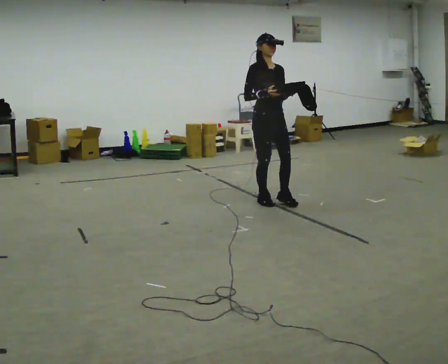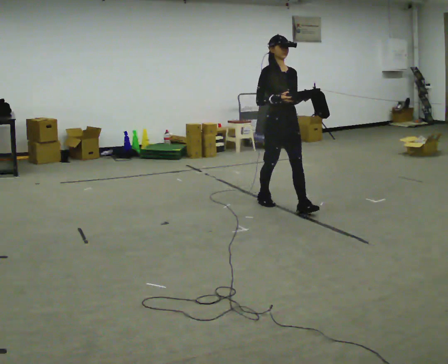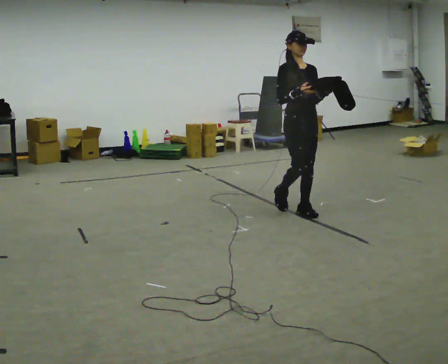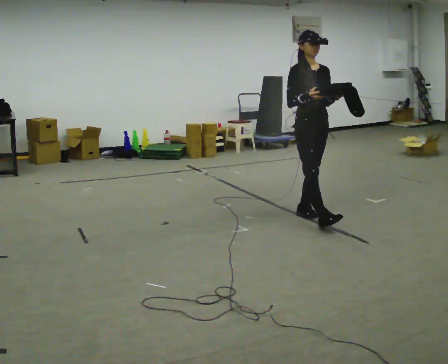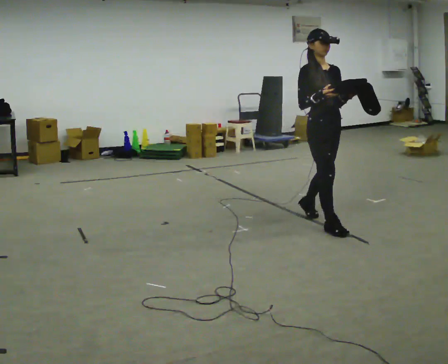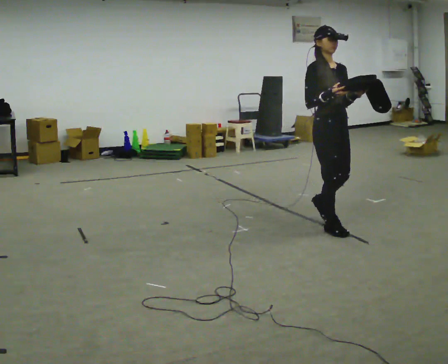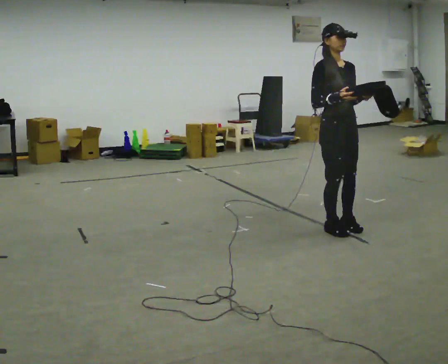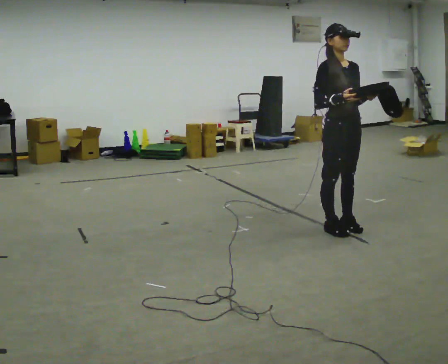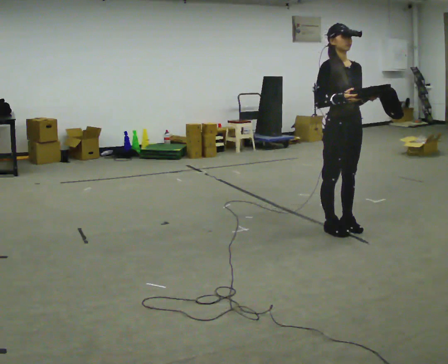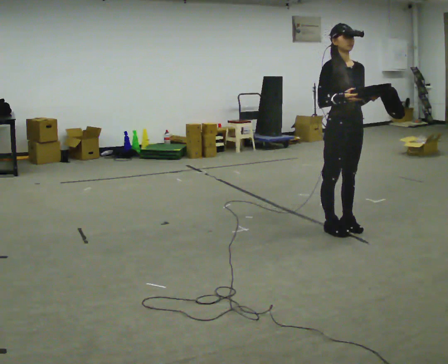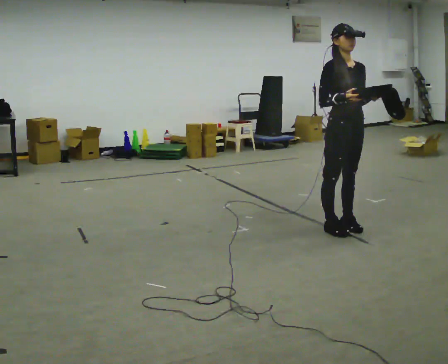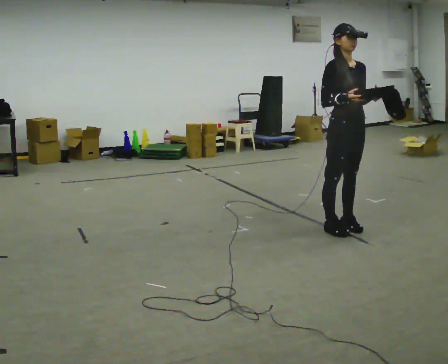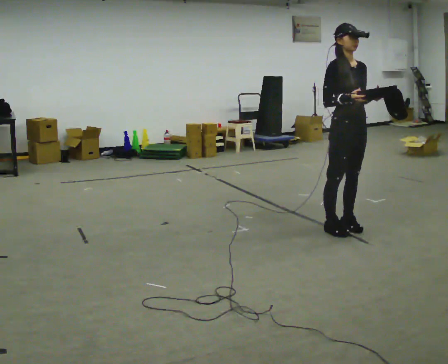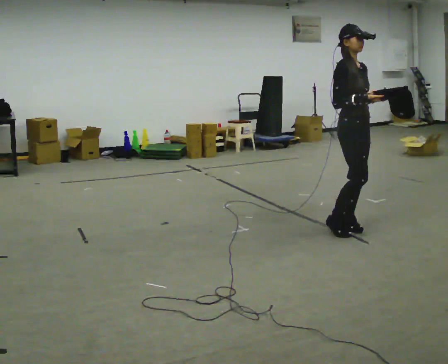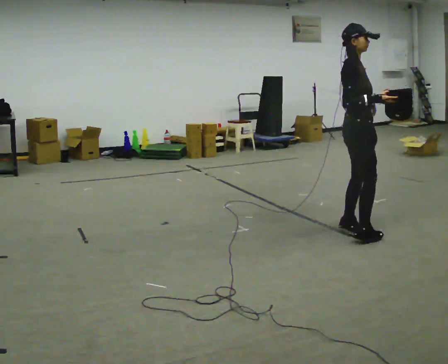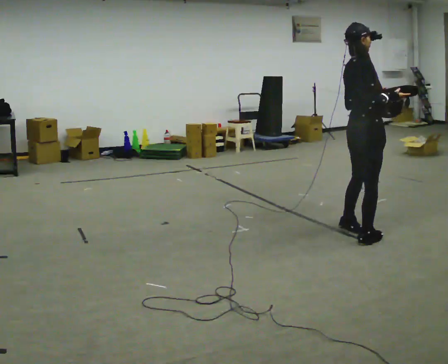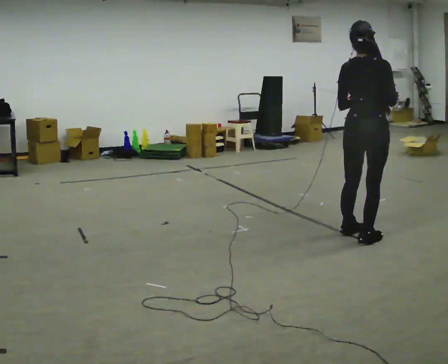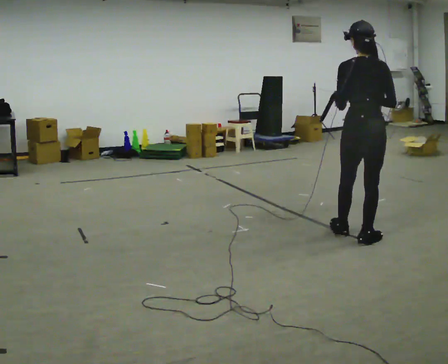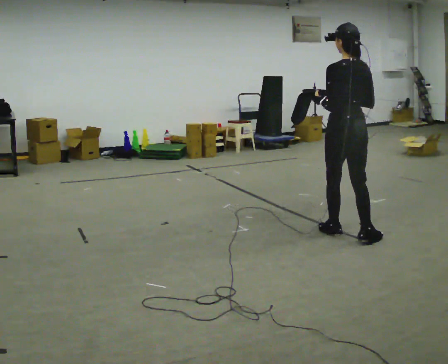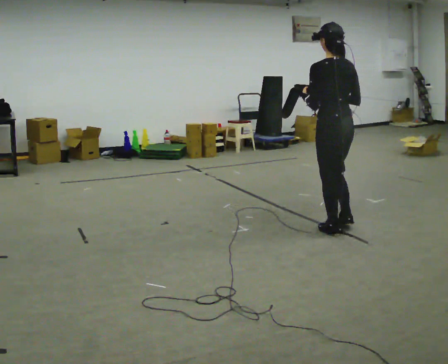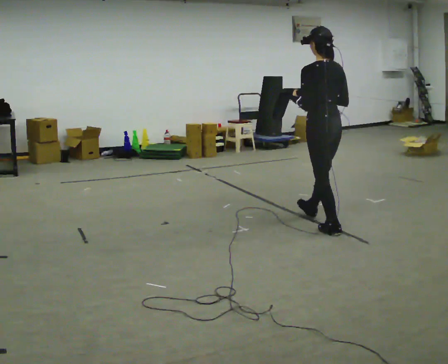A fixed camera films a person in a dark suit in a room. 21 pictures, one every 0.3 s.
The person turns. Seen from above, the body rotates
counterclockwise.
The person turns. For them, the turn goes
to their left.
0.0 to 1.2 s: In the picture they go toward the camera and to the right, about 1 m in 2 steps, which for them is forward.
1.2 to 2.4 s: In the picture they go toward the camera, about 0.25 m in 1 step, which for them is forward.
2.4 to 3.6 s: The person moves a little, or ends about where they began.
3.6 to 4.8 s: Seen from above the body turns counterclockwise, about 120 degrees: to their left, with its near side sliding to the right. In the picture they go toward the camera, about 0.25 m in 1 step.
4.8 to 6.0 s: The part of the body nearest the lens slides to the right as the person turns to their left by about 60 degrees. In the picture they go away from the camera and to the left, about 0.5 m in 1 step, which for them is forward.
The film runs forward here.
